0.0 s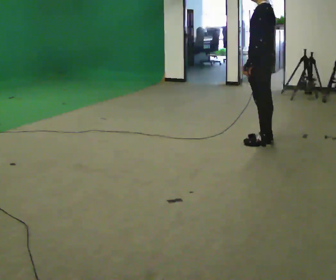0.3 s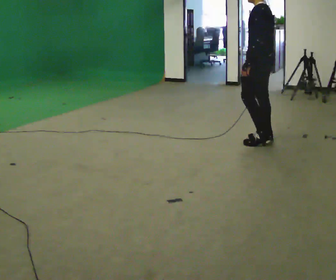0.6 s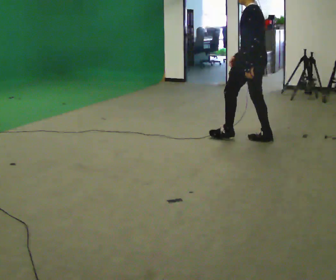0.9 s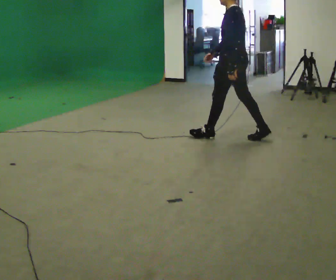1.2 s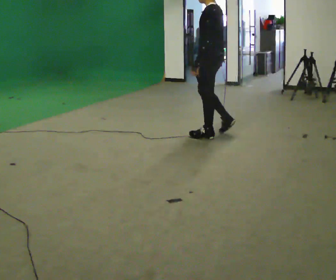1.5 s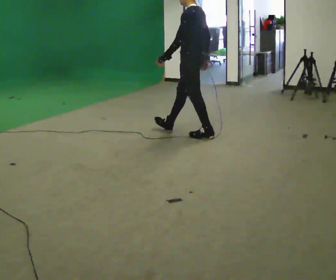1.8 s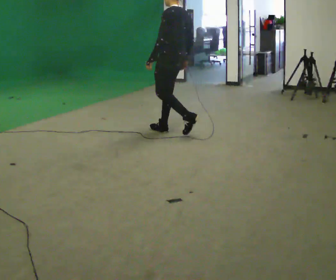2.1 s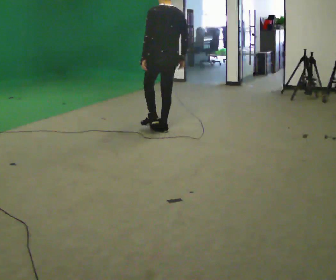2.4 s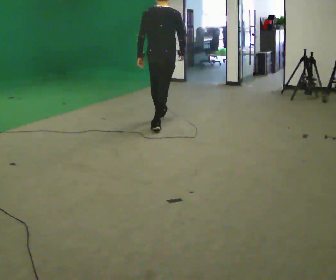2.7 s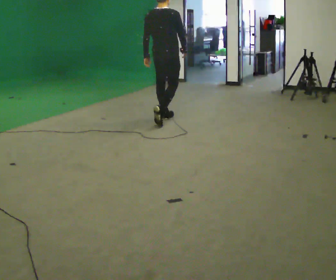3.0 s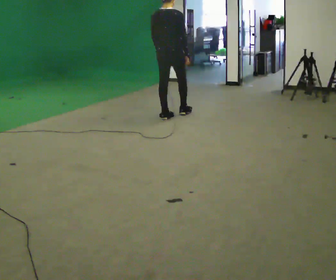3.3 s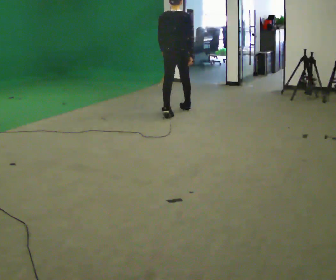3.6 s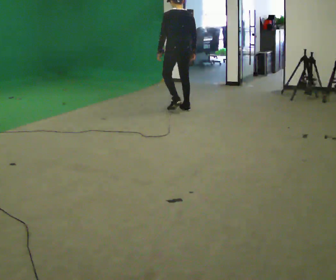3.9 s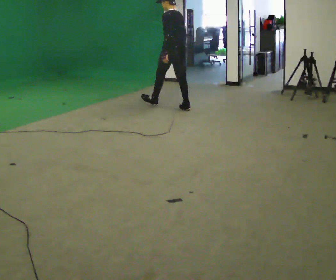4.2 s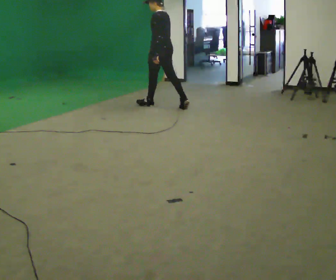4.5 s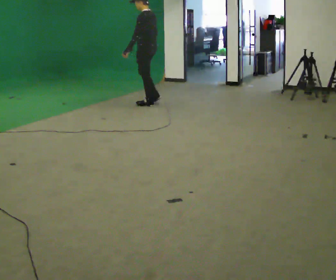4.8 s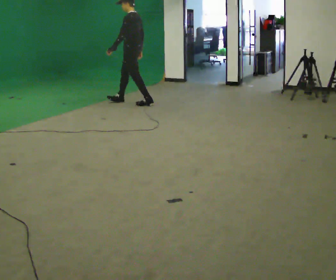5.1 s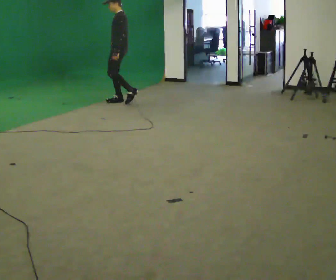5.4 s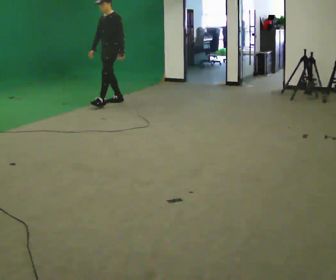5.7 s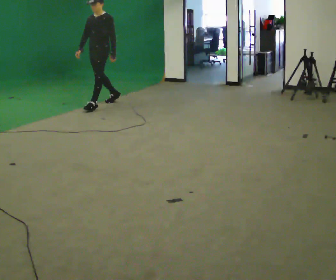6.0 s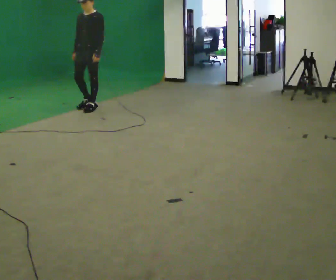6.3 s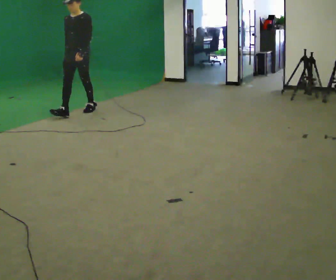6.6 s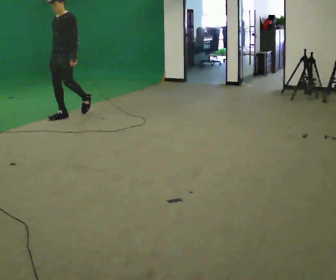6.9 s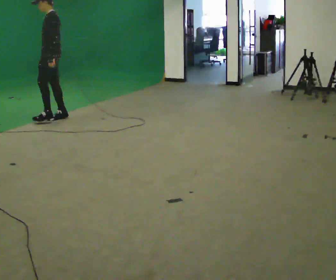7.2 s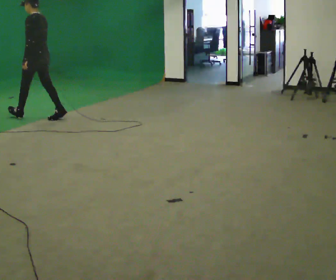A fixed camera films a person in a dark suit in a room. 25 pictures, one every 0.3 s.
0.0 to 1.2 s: In the picture they go to the left and away from the camera, about 0.5 m in 1 step, which for them is forward.
1.2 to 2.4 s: Seen from above the body turns clockwise, about 90 degrees: to their right, with its near side sliding to the left. In the picture they go to the left and away from the camera, about 0.5 m in 1 step.
2.4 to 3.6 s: Seen from above the body turns counterclockwise, about 45 degrees: to their left, with its near side sliding to the right. In the picture they go away from the camera, about 1 m in 2 steps, which for them is forward.
3.6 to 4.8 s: The person turns about 60 degrees to their left, counterclockwise seen from above, so the part of the body nearest the lens slides to the right. In the picture they go to the left and away from the camera, about 1 m in 2 steps, which for them is forward.
4.8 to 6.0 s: The part of the body nearest the lens slides to the right as the person turns to their left by about 75 degrees. In the picture they go to the left and toward the camera, about 0.5 m in 1 step.
6.0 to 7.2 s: The part of the body nearest the lens slides to the left as the person turns to their right by about 90 degrees. In the picture they go to the left and toward the camera, about 1 m in 2 steps.
The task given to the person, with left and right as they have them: Walk through 3–5 turns in sequence; keep moving; stop at end.
The film runs forward here.
